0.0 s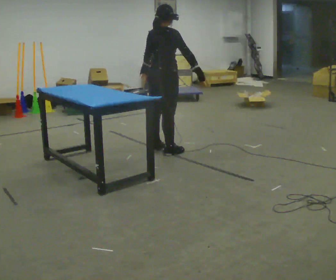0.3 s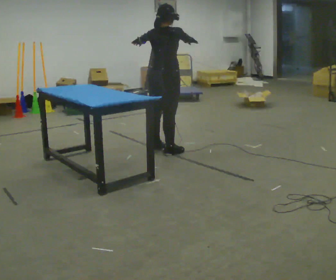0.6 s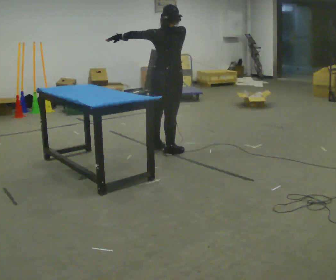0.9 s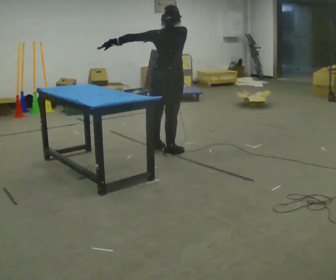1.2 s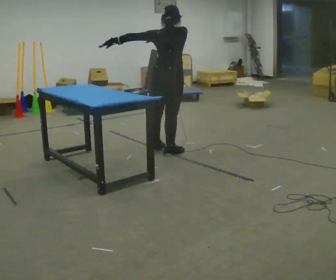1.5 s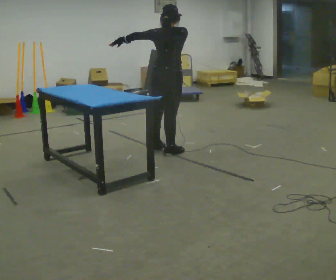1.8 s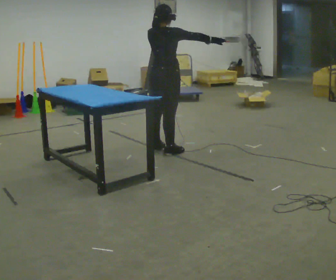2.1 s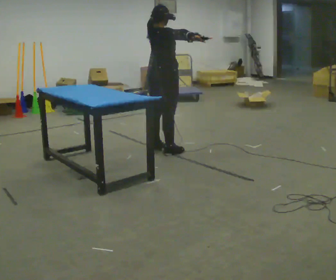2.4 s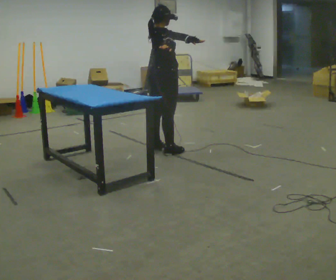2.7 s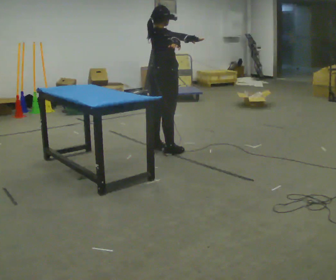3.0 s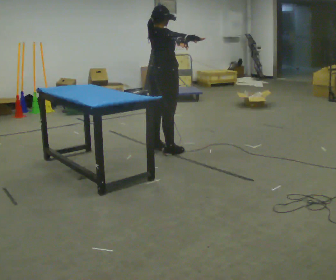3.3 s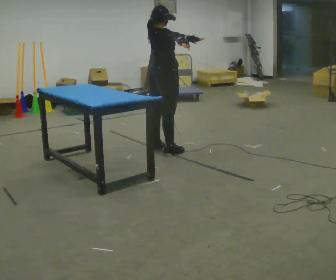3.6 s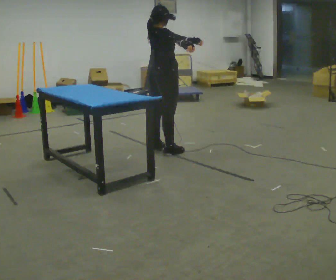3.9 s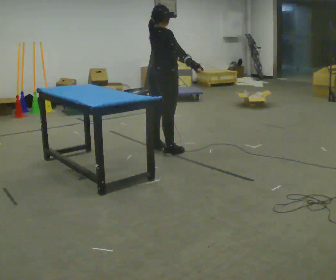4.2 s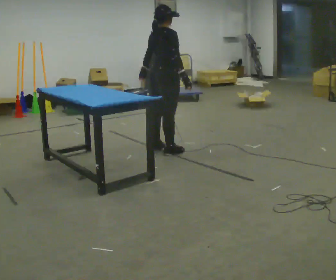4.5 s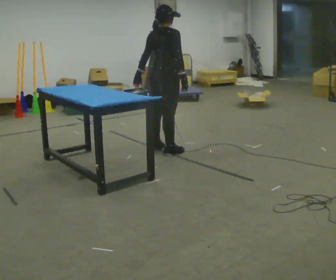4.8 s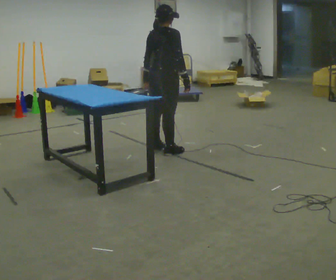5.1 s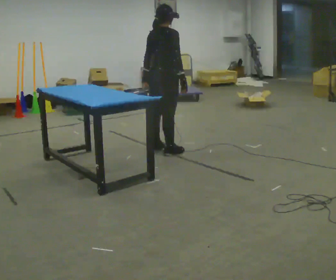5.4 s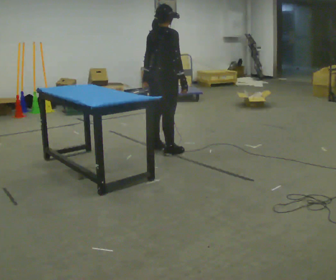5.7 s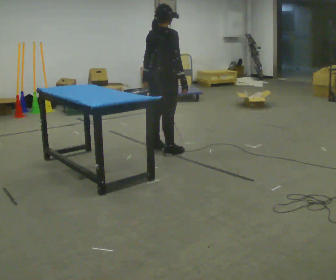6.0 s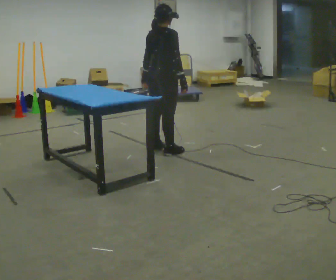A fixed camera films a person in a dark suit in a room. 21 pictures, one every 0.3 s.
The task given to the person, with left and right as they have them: Reach as far as you comfortably can in each direction the operator calls: up, down, forward, each side, and behind. Hold each one briefly. Keep both feet on the marked spots for the whole take. If you have to step, stop and tell the operator.
0.0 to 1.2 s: In the picture their right hand goes to the left and upward.
1.2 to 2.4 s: The person turns about 45 degrees to their right, clockwise seen from above, so the part of the body nearest the lens slides to the left.
2.4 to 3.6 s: The person moves a little, or ends about where they began.
3.6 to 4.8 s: In the picture their left hand goes to the left and downward, the arm swinging clockwise.
4.8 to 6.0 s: The person moves a little, or ends about where they began.
The film runs forward here.
